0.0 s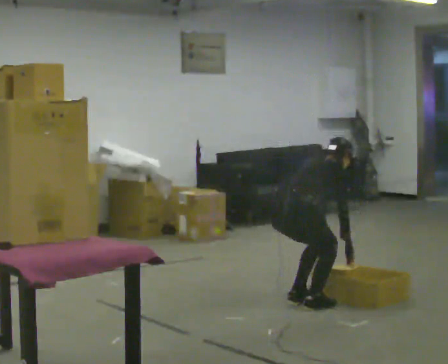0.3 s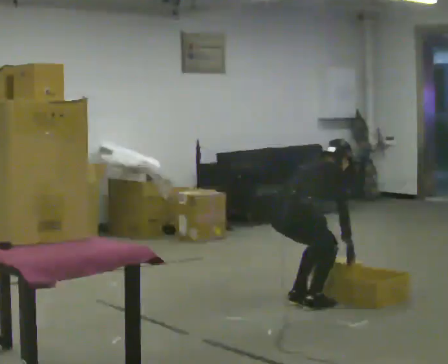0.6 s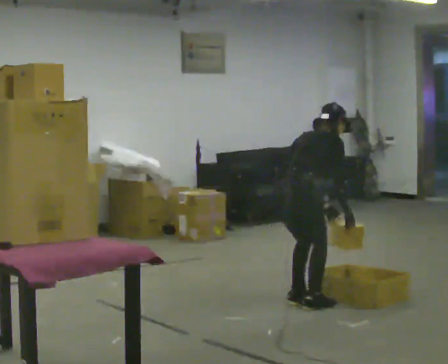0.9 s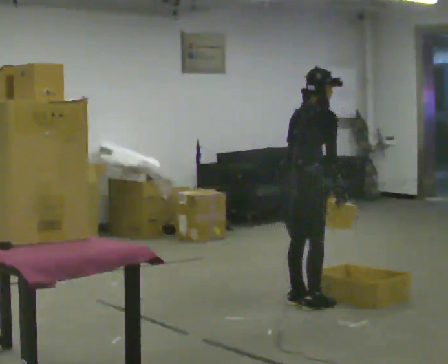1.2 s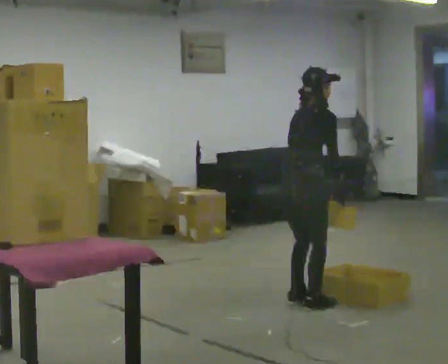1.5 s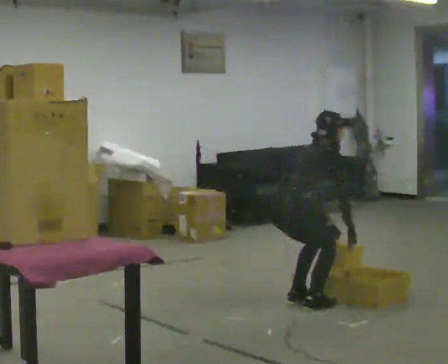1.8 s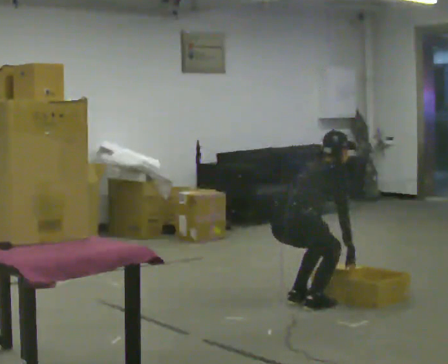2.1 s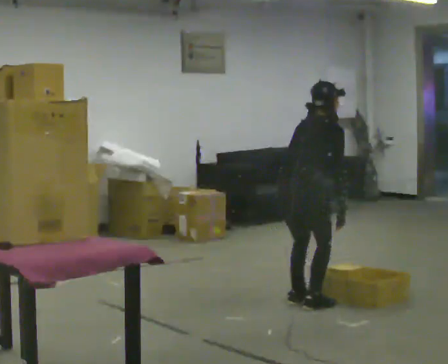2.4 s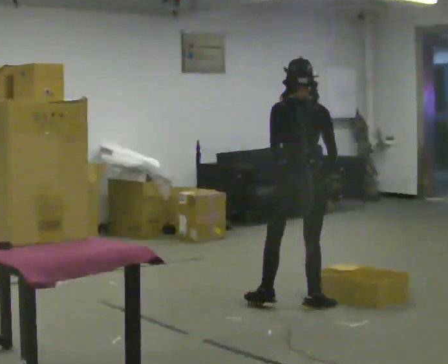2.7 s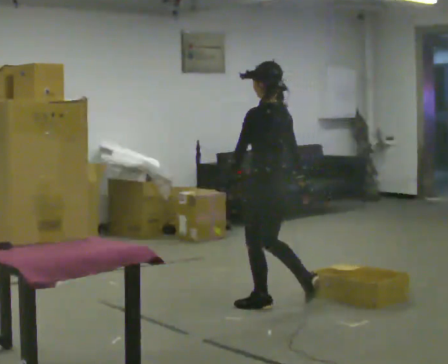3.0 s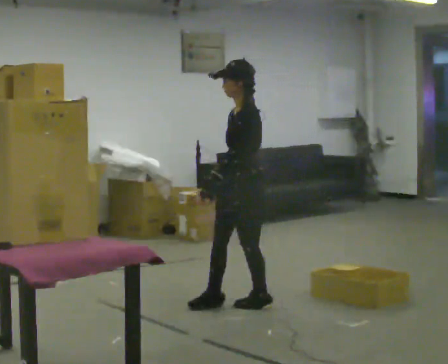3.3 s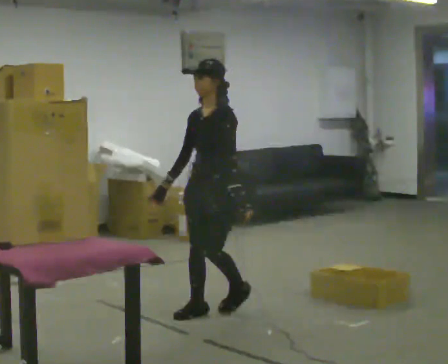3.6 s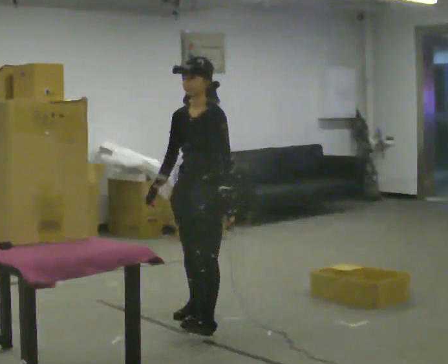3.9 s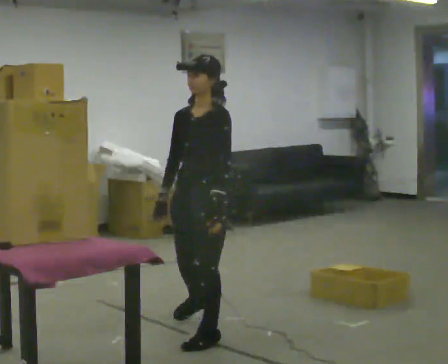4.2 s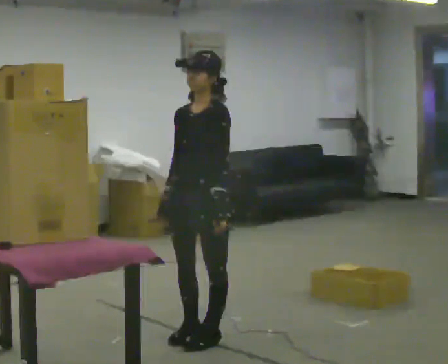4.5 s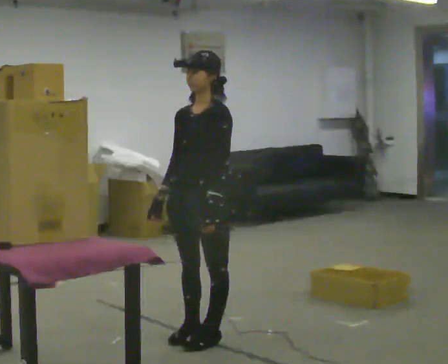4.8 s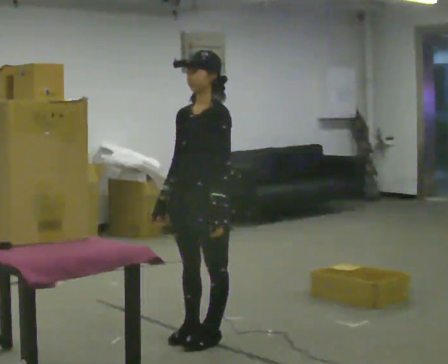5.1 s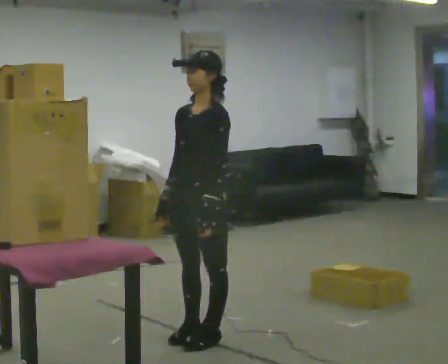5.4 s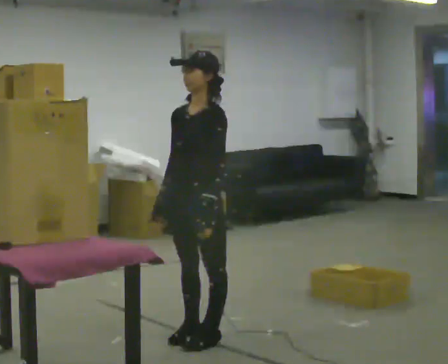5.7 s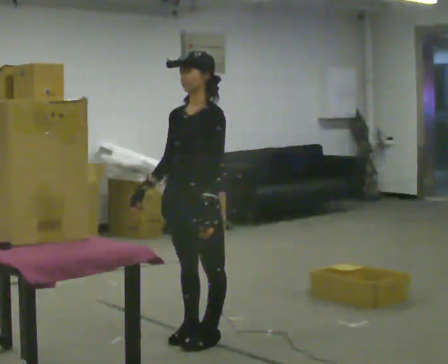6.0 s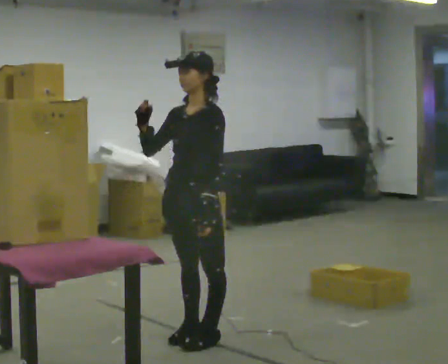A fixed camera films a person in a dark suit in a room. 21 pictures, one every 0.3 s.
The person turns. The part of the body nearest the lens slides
to the right.
The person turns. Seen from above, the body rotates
counterclockwise.
0.0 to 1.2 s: The upper body goes upward. The upper body tips toward the camera, its near side rolling downward, as they lean back or straighten. In the picture their left hand goes upward.
1.2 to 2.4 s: The person turns about 60 degrees to their left, counterclockwise seen from above, so the part of the body nearest the lens slides to the right. In the picture their left hand goes to the left.
2.4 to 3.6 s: Seen from above the body turns counterclockwise, about 135 degrees: to their left, with its near side sliding to the right. In the picture they go to the left and toward the camera, about 0.75 m in 1 step.
3.6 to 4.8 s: In the picture they go toward the camera, about 0.5 m in 2 steps, which for them is to their left and forward.
4.8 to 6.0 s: In the picture their right hand goes upward.
The film runs forward here.
